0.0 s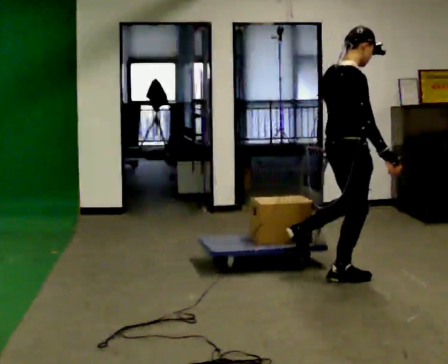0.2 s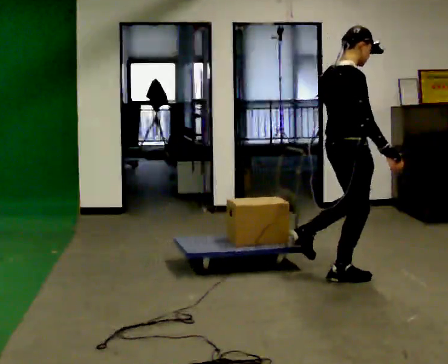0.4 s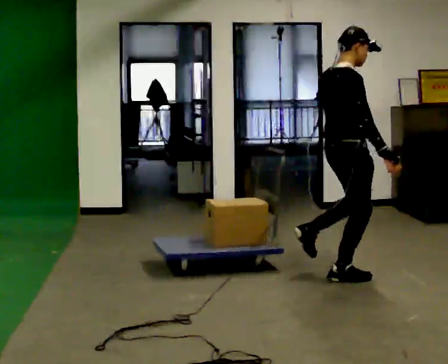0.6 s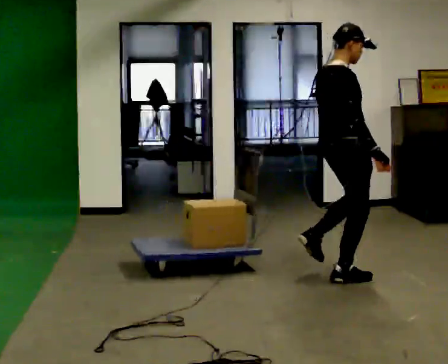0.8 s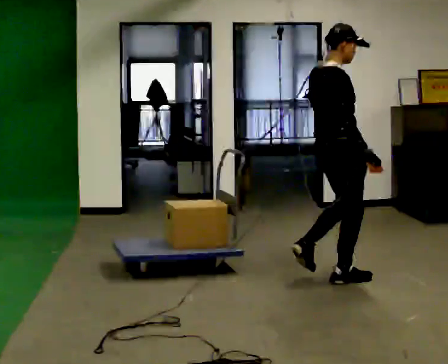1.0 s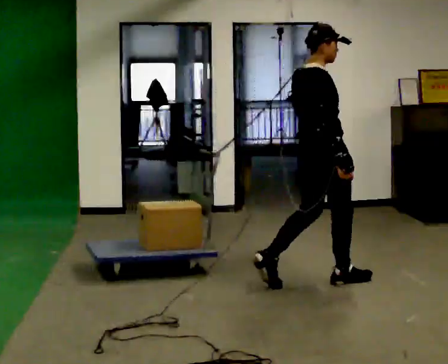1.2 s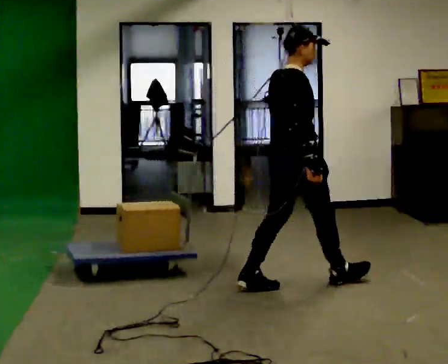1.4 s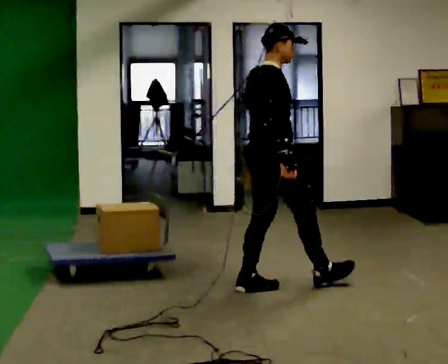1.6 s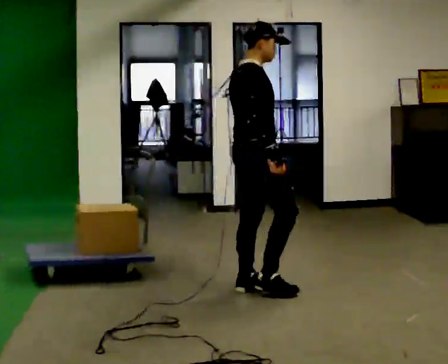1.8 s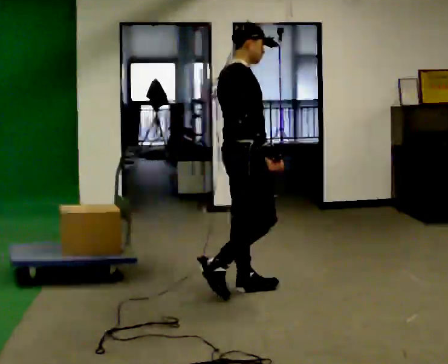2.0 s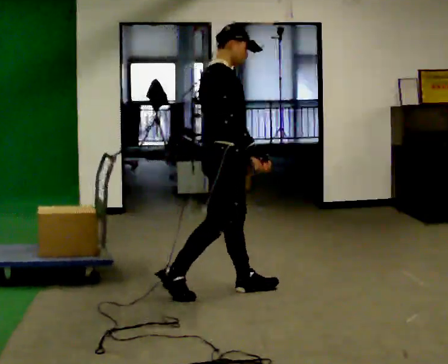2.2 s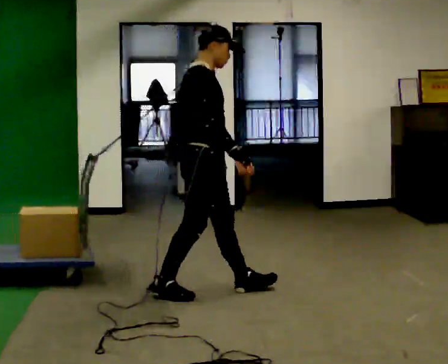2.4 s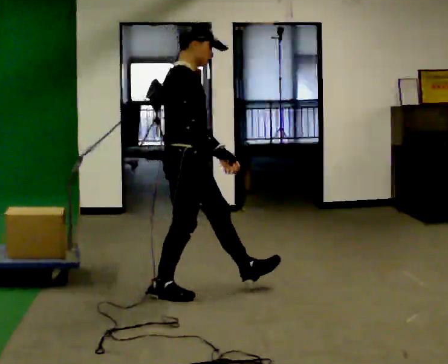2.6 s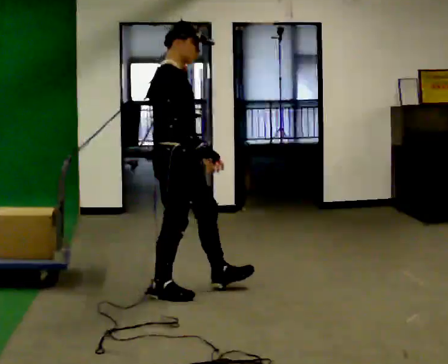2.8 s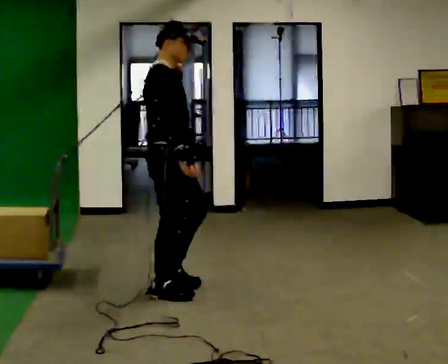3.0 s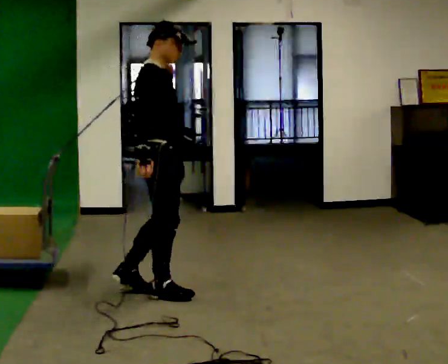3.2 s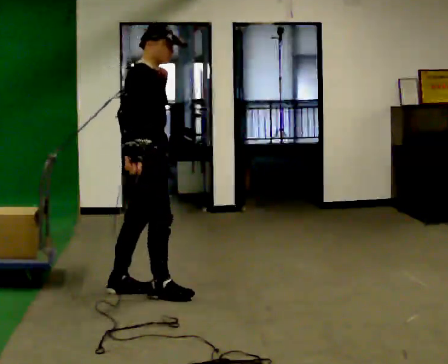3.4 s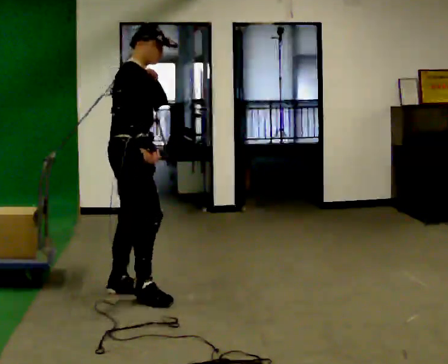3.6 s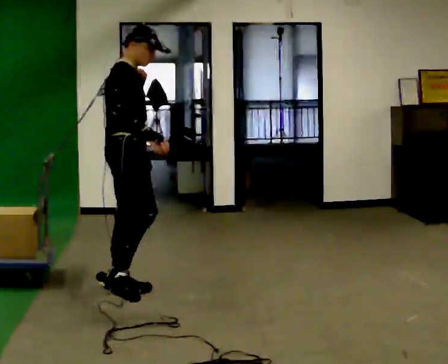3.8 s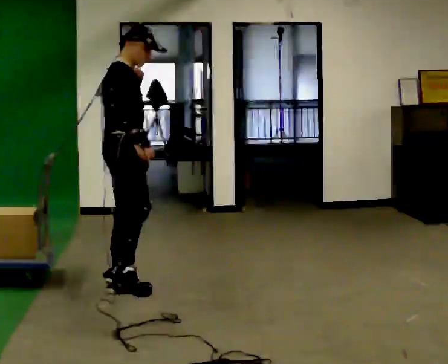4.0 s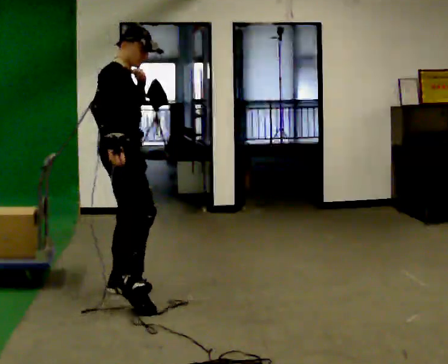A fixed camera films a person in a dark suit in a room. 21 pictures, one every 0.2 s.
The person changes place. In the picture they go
to the left.
The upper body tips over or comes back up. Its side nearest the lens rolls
upward.
0.0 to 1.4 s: In the picture they go to the left, about 0.5 m in 2 steps, which for them is backward.
1.4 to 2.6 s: In the picture they go to the left, about 0.75 m in 1 step, which for them is backward.
2.6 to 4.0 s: In the picture they go to the left, about 0.25 m in 1 step, which for them is backward.
The film runs backward here.
